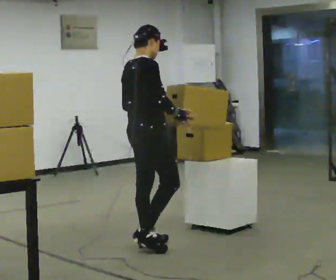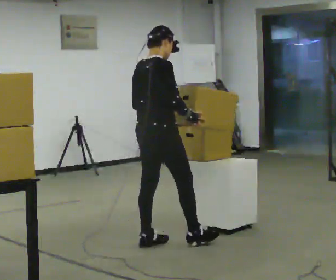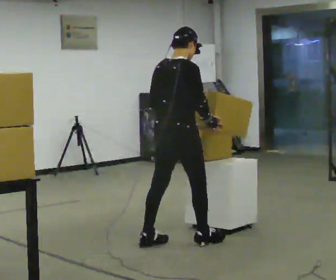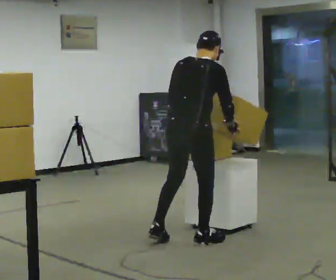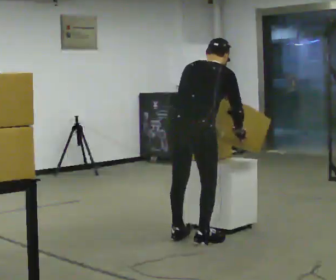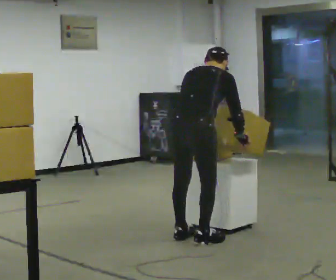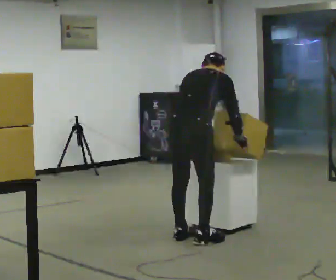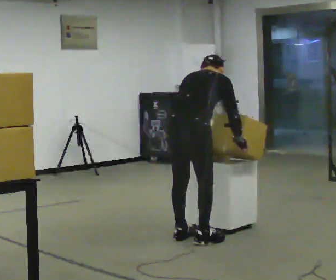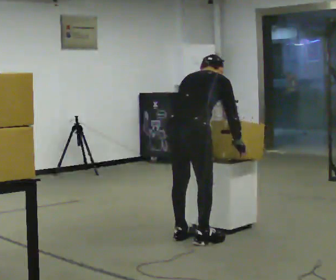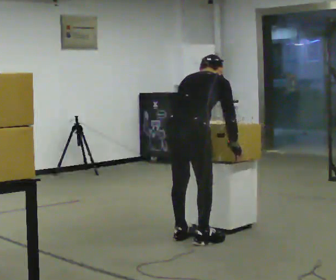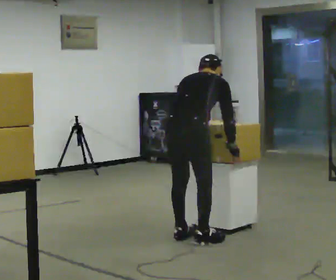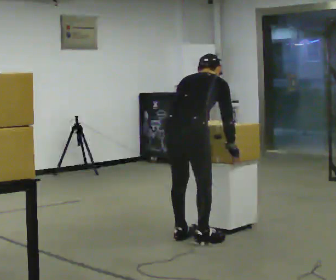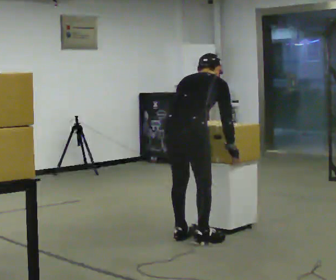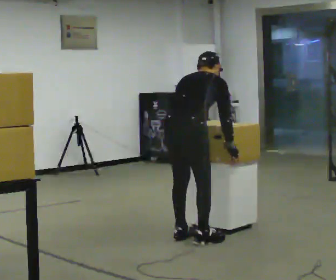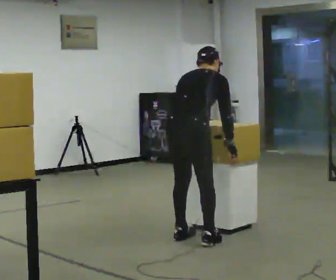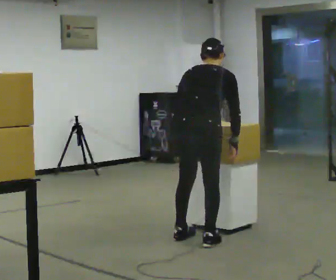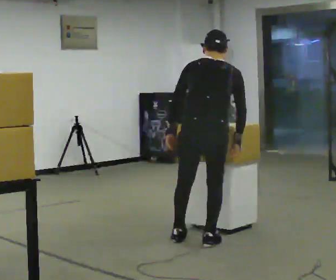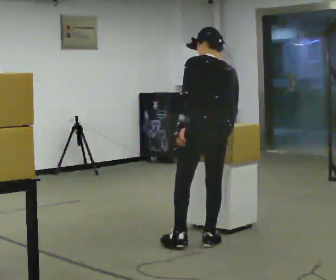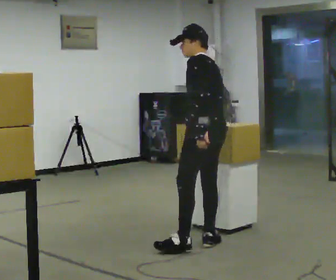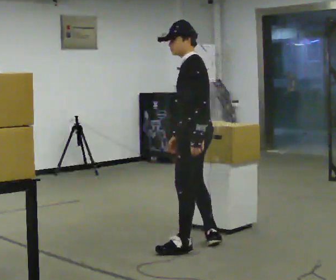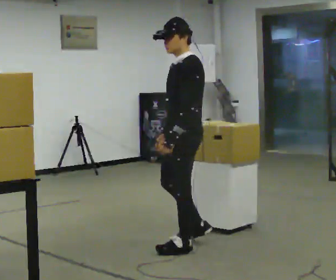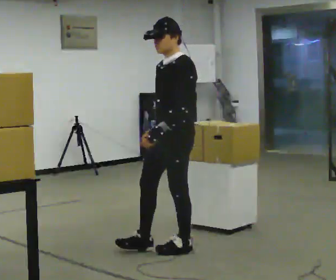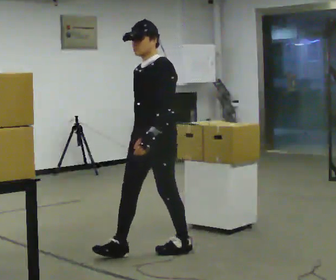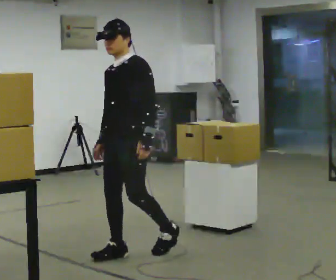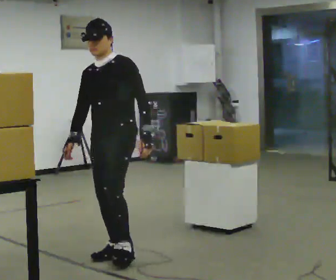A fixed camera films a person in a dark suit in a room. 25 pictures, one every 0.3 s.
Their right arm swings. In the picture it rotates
clockwise.
The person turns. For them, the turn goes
to their left.
0.0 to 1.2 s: Seen from above the body turns counterclockwise, about 30 degrees: to their left, with its near side sliding to the right. In the picture they go to the right, about 0.5 m in 1 step, which for them is forward and to their right. In the picture the upper body tilts clockwise, shoulders to the right, as they bend forward.
1.2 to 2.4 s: The upper body tips away from the camera, its near side rolling upward, as they bend forward.
2.4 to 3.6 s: The person moves a little, or ends about where they began.
3.6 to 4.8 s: Seen from above the body turns counterclockwise, about 30 degrees: to their left, with its near side sliding to the right. In the picture they go to the right, about 0.25 m, which for them is to their right. The upper body tips toward the camera, its near side rolling downward, as they lean back or straighten.
4.8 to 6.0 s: The part of the body nearest the lens slides to the right as the person turns to their left by about 105 degrees. The upper body tips toward the camera, its near side rolling downward, as they lean back or straighten.
6.0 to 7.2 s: The part of the body nearest the lens slides to the right as the person turns to their left by about 45 degrees. In the picture they go to the left and toward the camera, about 0.5 m in 1 step, which for them is forward.
The film runs forward here.
